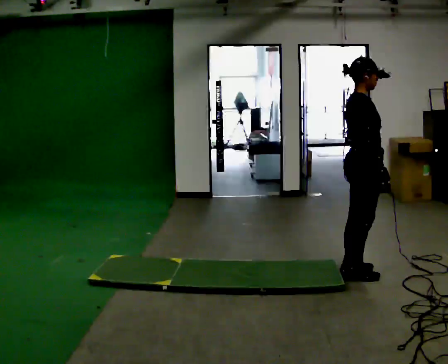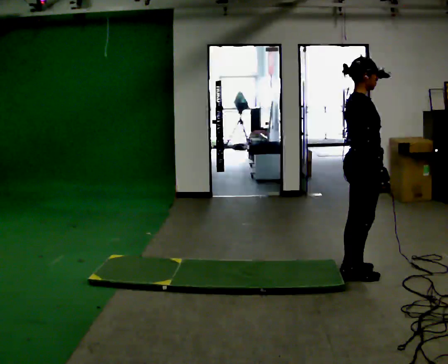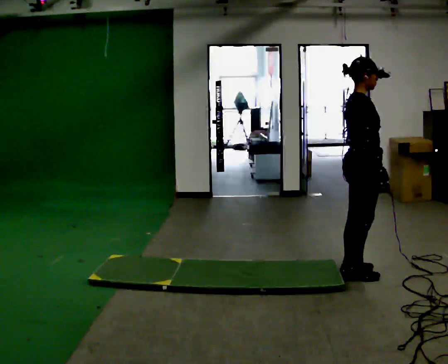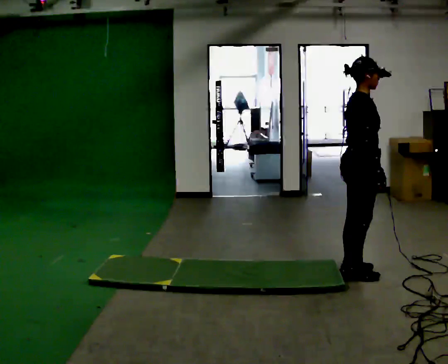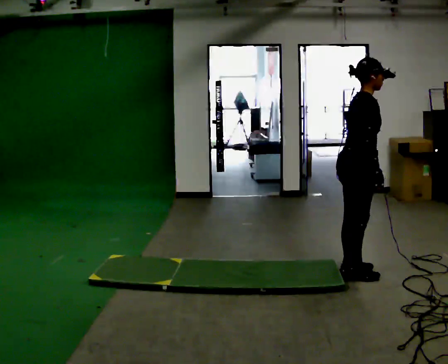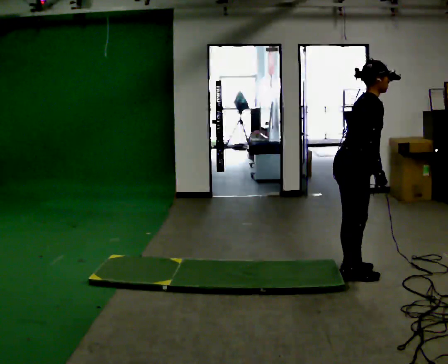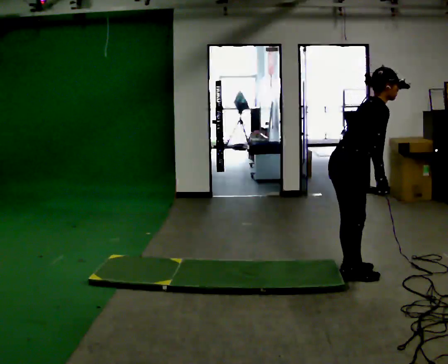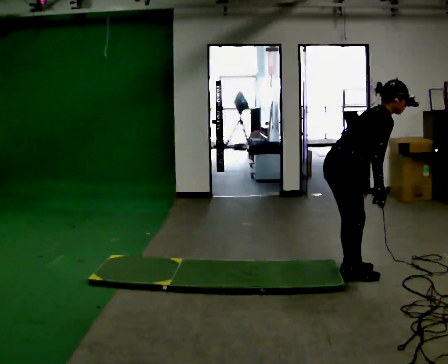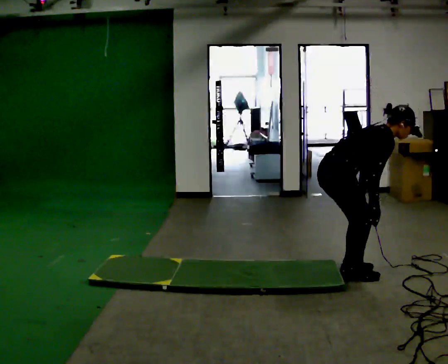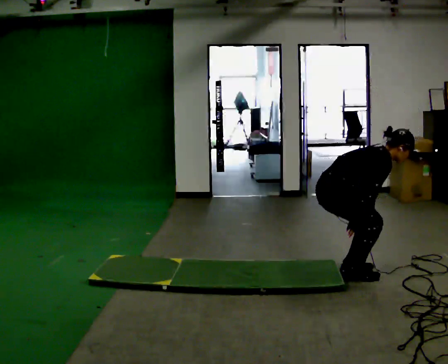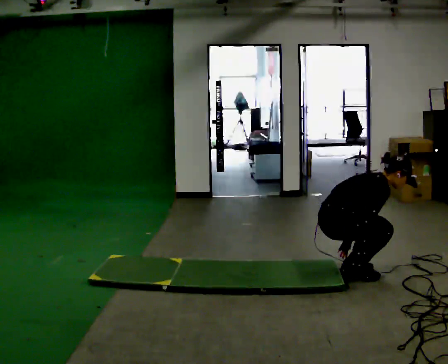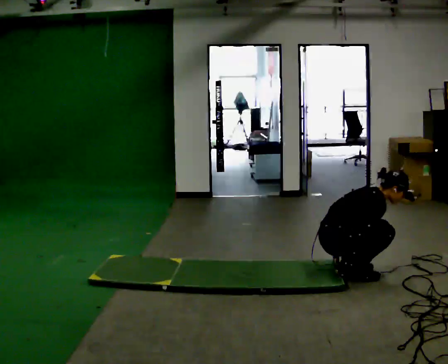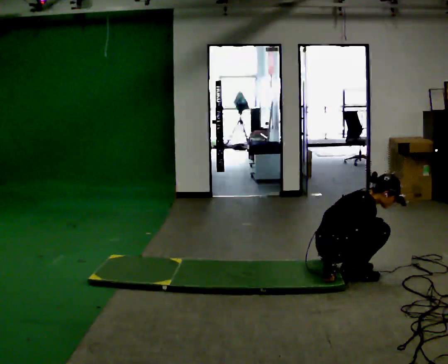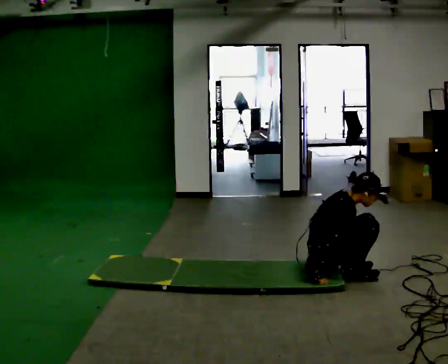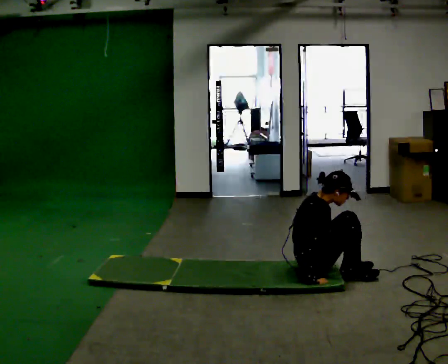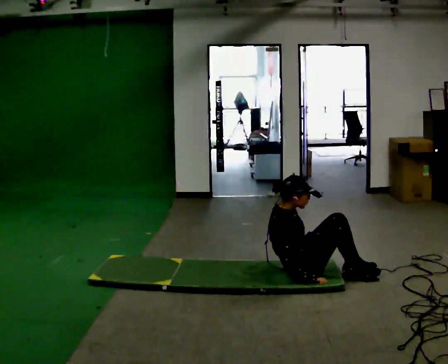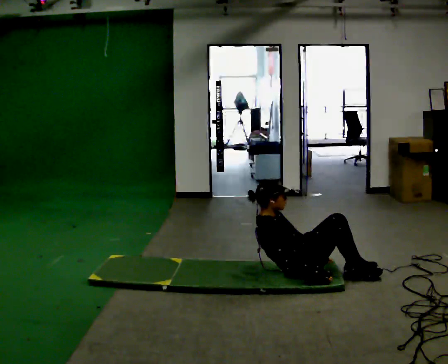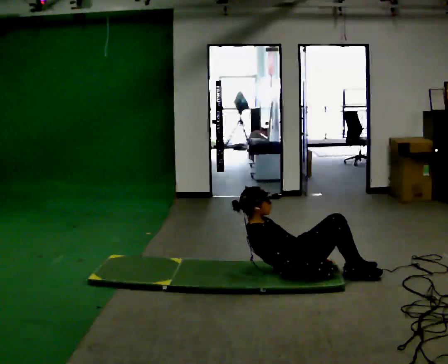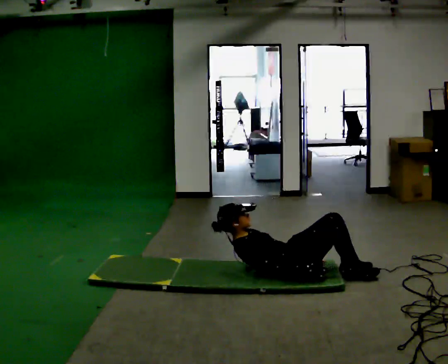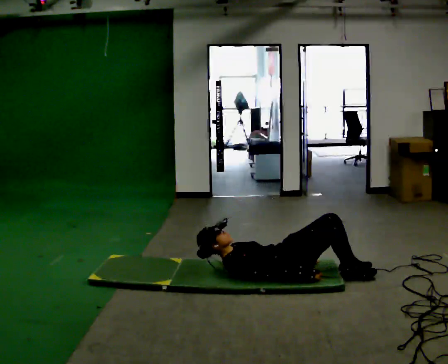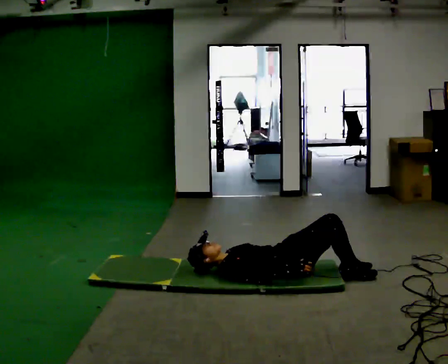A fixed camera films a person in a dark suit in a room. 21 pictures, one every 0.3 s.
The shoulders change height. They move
downward.
Their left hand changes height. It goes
downward.
0.0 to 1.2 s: In the picture the upper body tilts clockwise, shoulders to the right, as they bend forward.
1.2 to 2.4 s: The shoulders move downward. In the picture the upper body tilts clockwise, shoulders to the right, as they bend forward.
2.4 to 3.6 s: The shoulders move downward. In the picture their right hand goes downward.
3.6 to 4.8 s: In the picture they go to the left, about 0.25 m, which for them is backward. In the picture the upper body tilts counterclockwise, shoulders to the left, as they lean back or straighten.
4.8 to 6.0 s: The upper body goes downward. In the picture the upper body tilts counterclockwise, shoulders to the left, as they lean back or straighten.
The film runs forward here.
